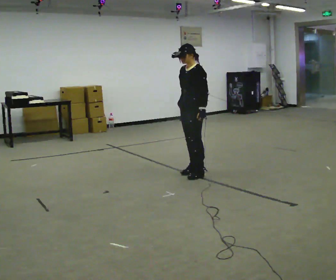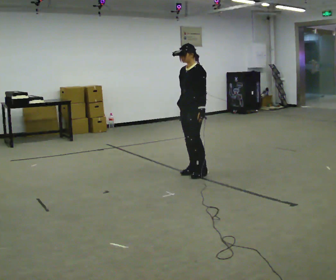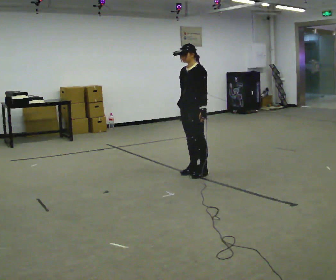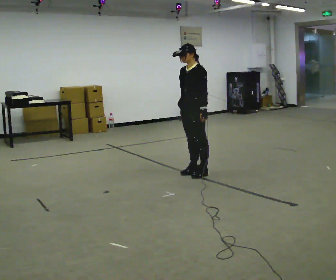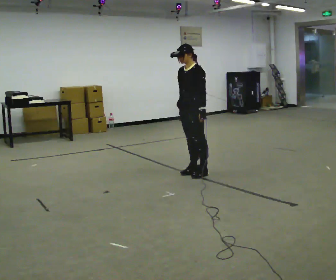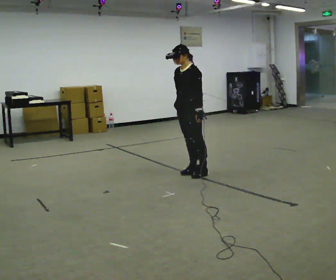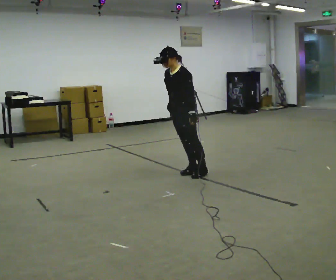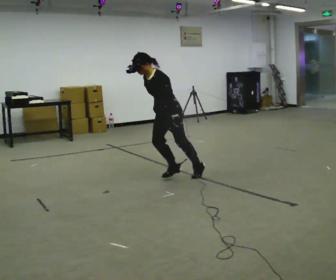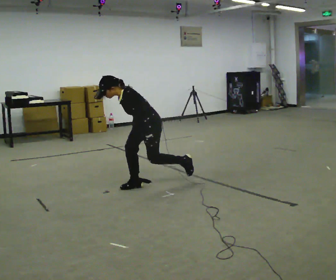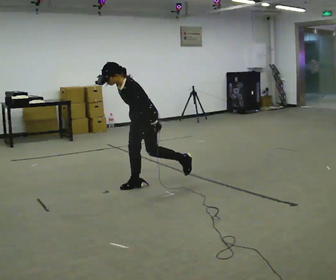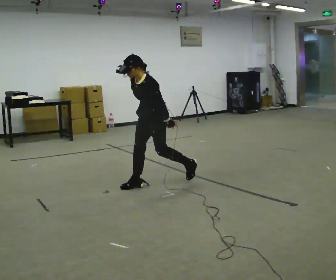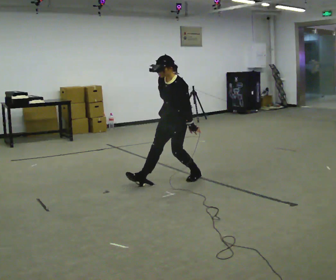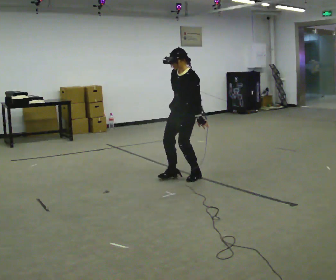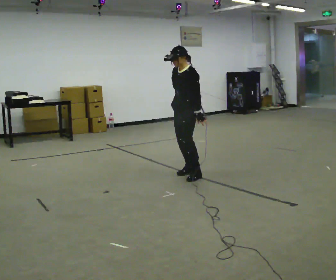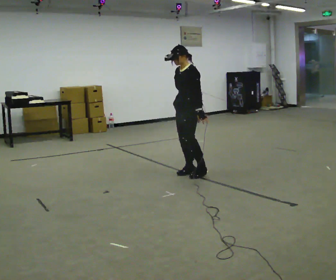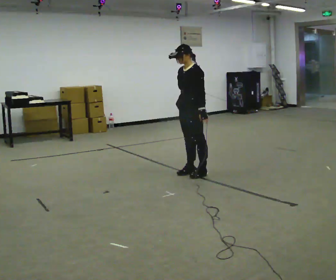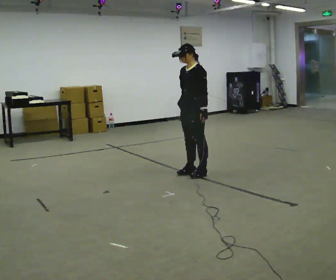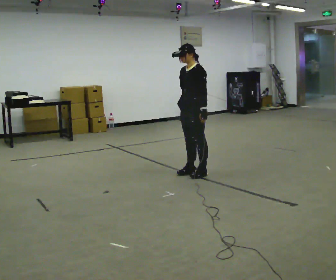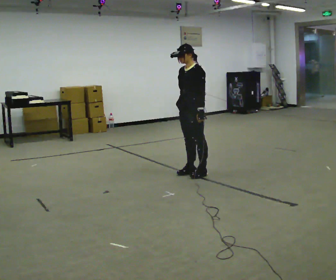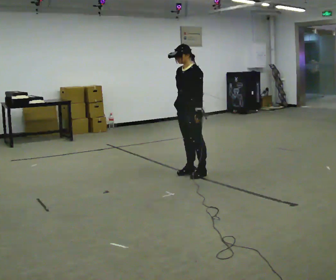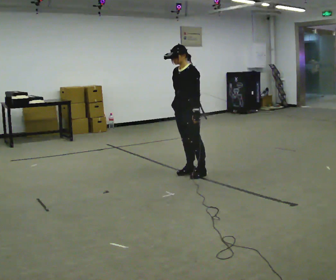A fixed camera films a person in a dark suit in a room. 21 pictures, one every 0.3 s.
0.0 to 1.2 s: The person moves a little, or ends about where they began.
1.2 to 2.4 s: In the picture they go to the left and toward the camera, about 0.75 m in 1 step, which for them is forward. The upper body goes downward. In the picture the upper body tilts counterclockwise, shoulders to the left, as they bend forward.
2.4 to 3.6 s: In the picture they go to the right and away from the camera, about 0.5 m in 2 steps, which for them is backward. The shoulders move upward. In the picture the upper body tilts clockwise, shoulders to the right, as they lean back or straighten.
3.6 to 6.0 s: The person moves a little, or ends about where they began.
The film runs forward here.
